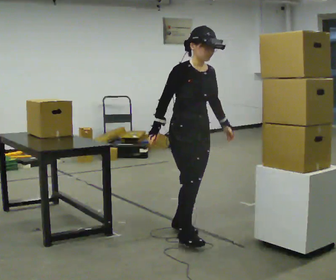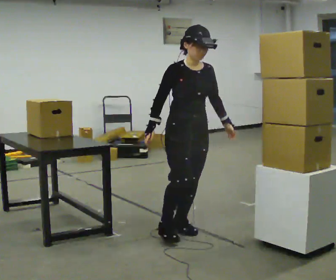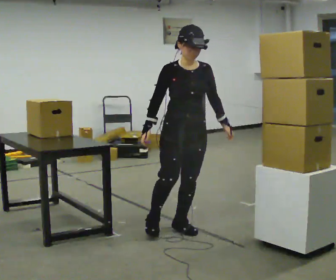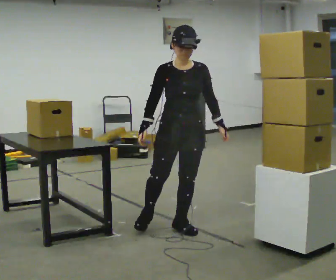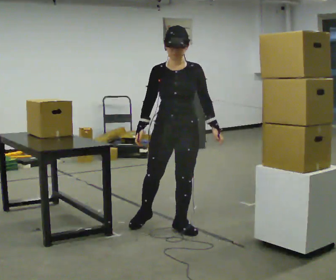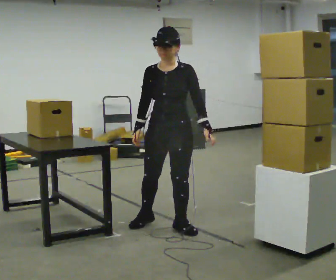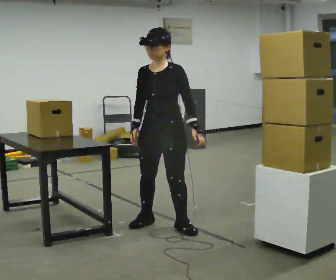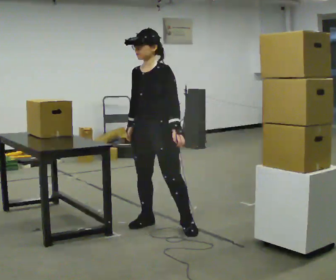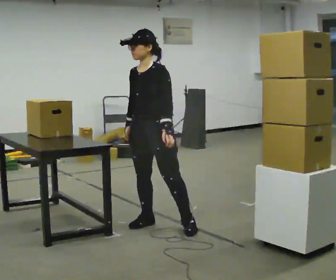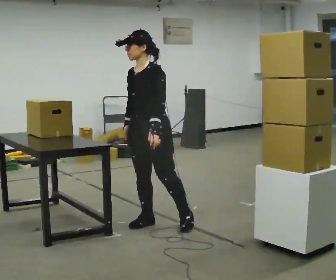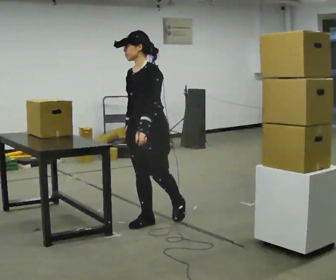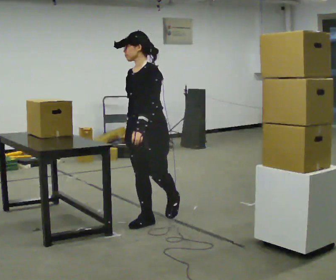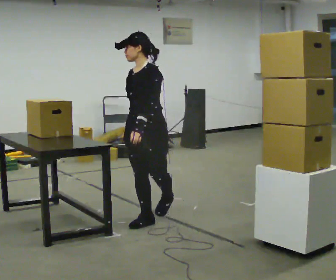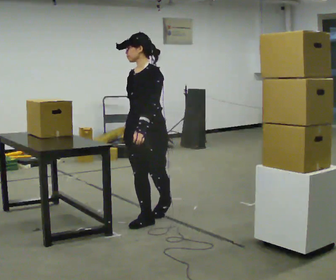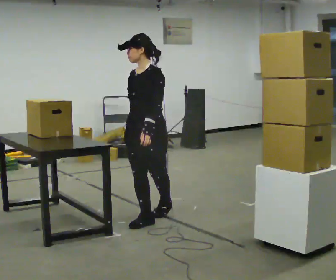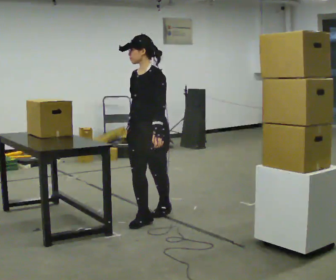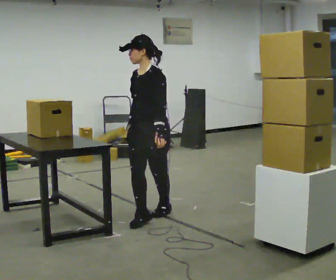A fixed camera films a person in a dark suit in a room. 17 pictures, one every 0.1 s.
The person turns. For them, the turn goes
to their right.
The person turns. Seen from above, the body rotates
clockwise.
0.0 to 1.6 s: Seen from above the body turns clockwise, about 75 degrees: to their right, with its near side sliding to the left. In the picture they go away from the camera and to the left, about 0.75 m in 2 steps.
The film runs forward here.
